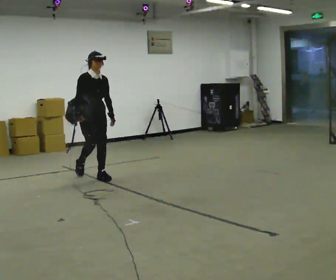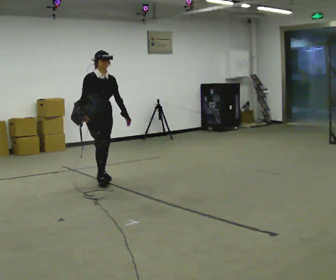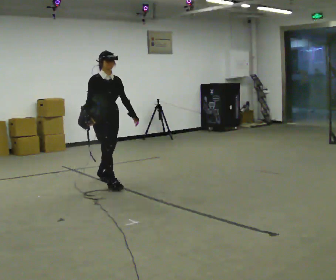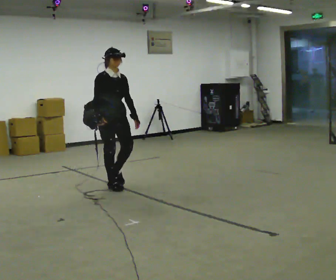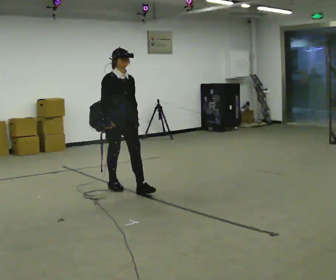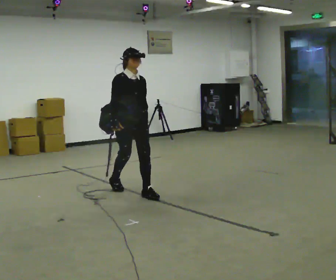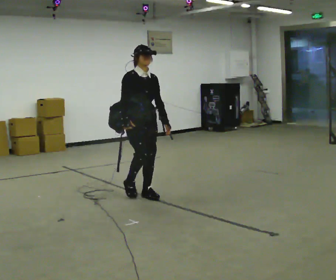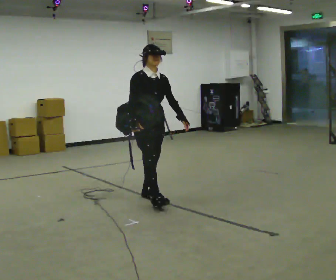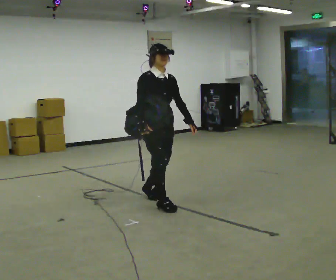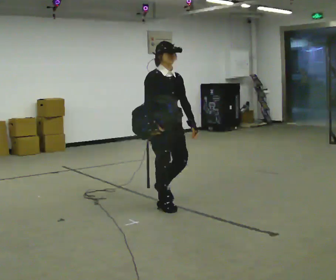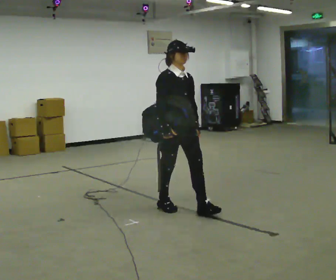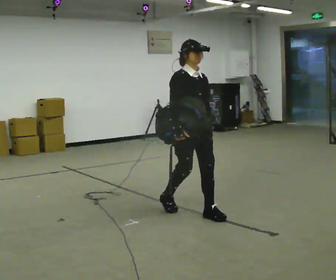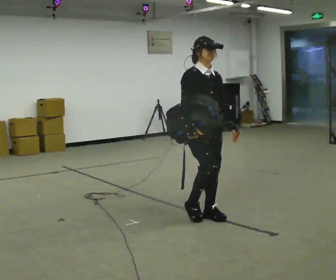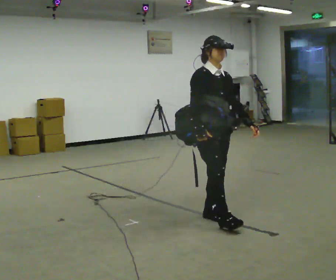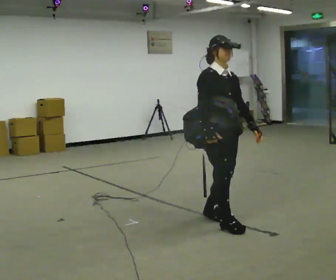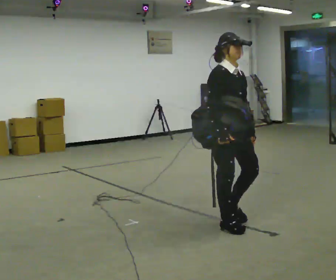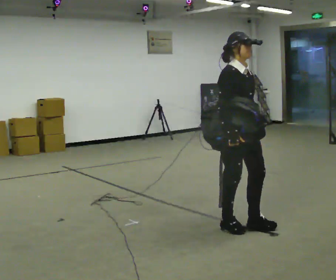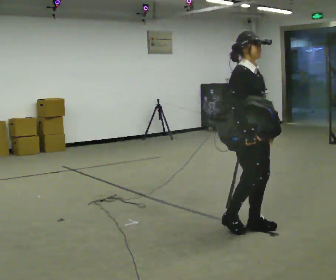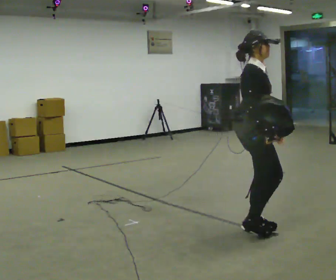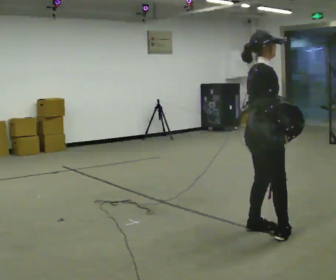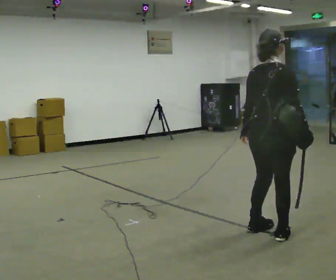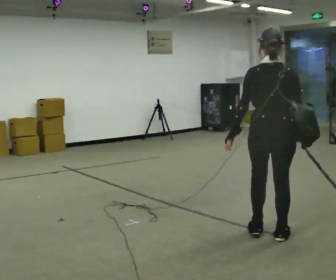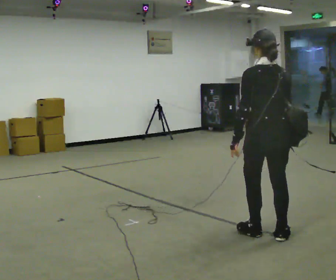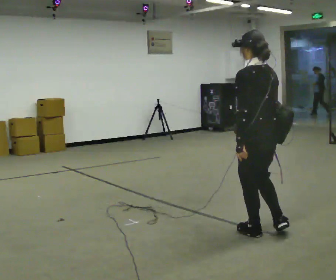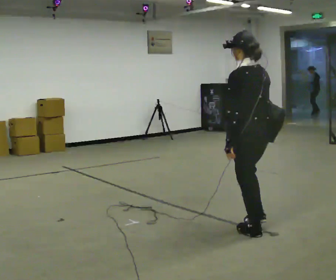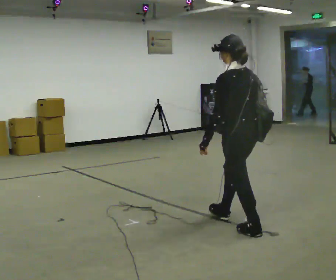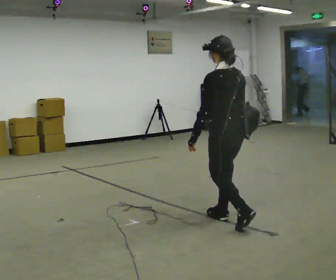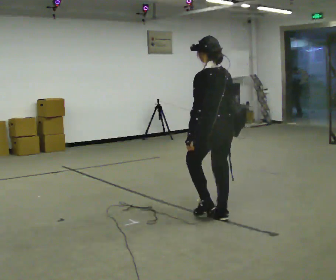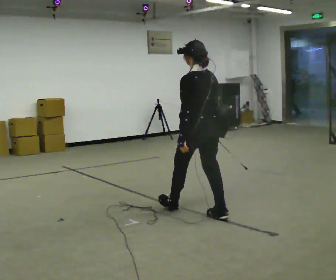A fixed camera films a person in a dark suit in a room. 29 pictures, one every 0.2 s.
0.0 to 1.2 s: In the picture they go toward the camera and to the right, about 1 m in 2 steps, which for them is forward.
1.2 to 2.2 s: In the picture they go toward the camera and to the right, about 1 m in 2 steps, which for them is forward.
2.2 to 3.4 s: In the picture they go to the right and toward the camera, about 0.75 m in 2 steps, which for them is forward.
3.4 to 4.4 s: The person turns about 150 degrees to their left, counterclockwise seen from above, so the part of the body nearest the lens slides to the right. In the picture they go toward the camera, about 0.25 m in 2 steps.
4.4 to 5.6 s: In the picture they go away from the camera and to the left, about 1 m in 1 step, which for them is forward.
The film runs forward here.
